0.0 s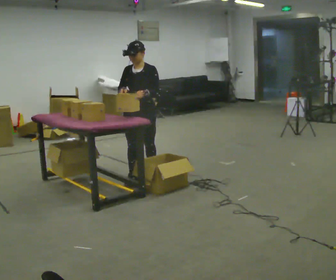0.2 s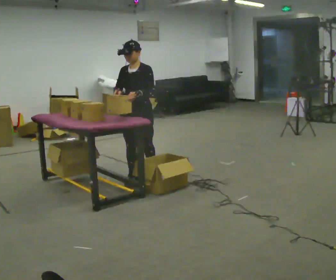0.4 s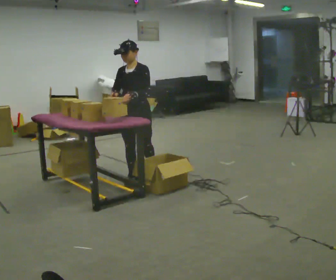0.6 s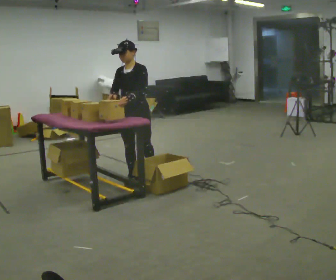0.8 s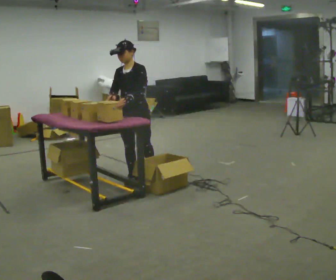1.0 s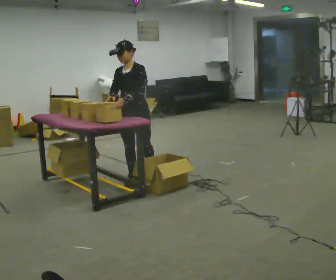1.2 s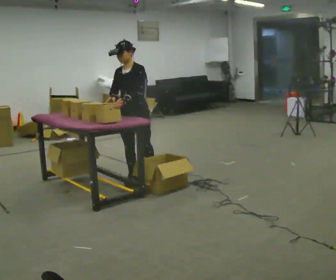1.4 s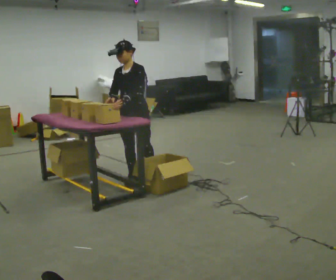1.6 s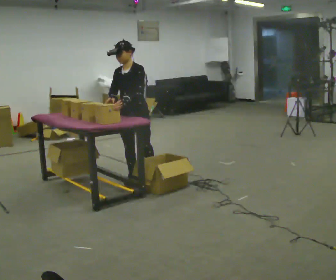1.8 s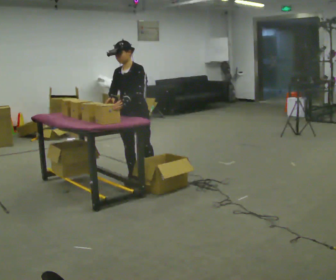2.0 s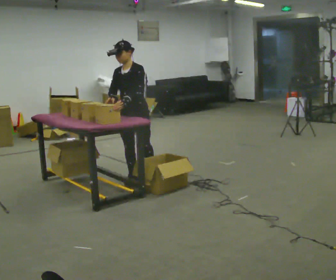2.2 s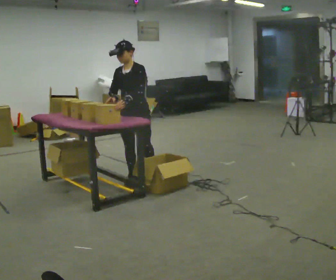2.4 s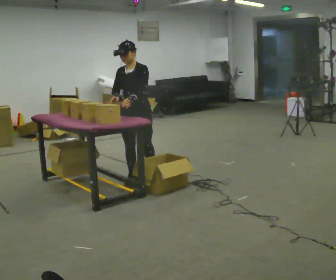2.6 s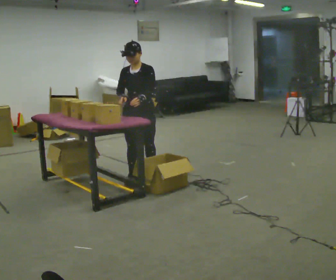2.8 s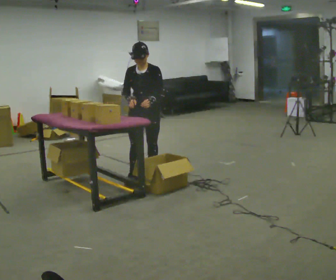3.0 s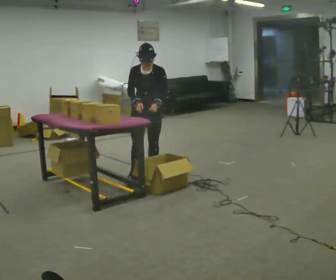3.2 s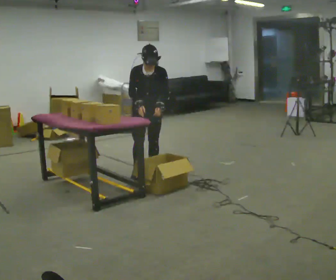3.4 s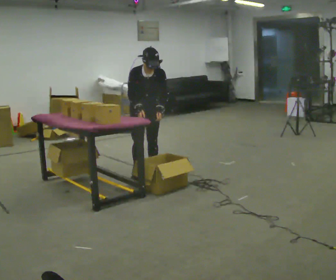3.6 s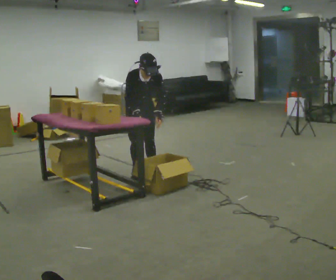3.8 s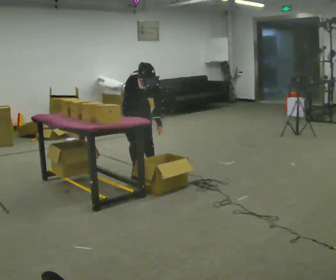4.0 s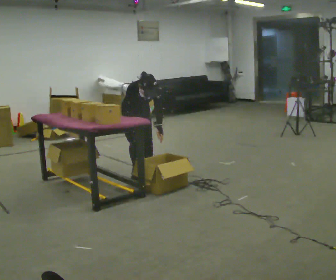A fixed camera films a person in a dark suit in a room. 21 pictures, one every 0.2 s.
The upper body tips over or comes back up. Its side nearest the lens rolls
downward.
Their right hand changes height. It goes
downward.
0.0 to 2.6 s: The person moves a little, or ends about where they began.
2.6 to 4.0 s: The part of the body nearest the lens slides to the right as the person turns to their left by about 45 degrees. In the picture they go away from the camera, about 0.25 m in 1 step, which for them is backward. The upper body goes downward. The upper body tips toward the camera, its near side rolling downward, as they bend forward. In the picture their left hand goes downward.
The film runs forward here.
